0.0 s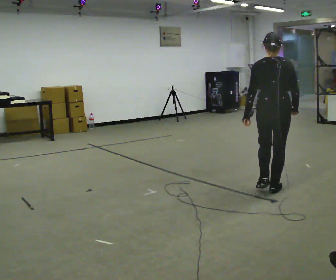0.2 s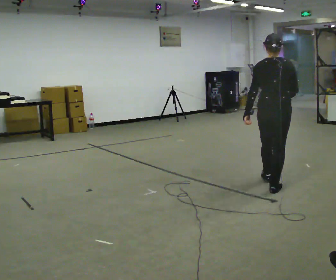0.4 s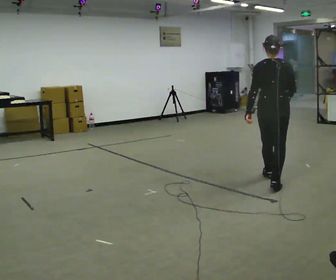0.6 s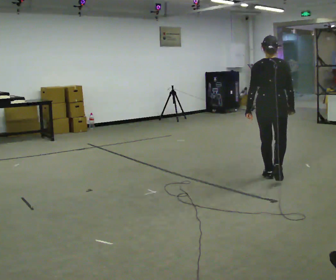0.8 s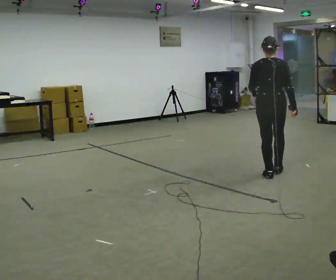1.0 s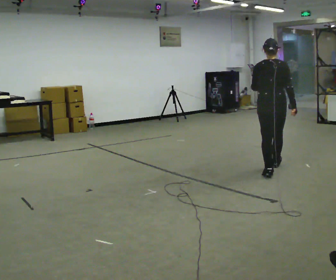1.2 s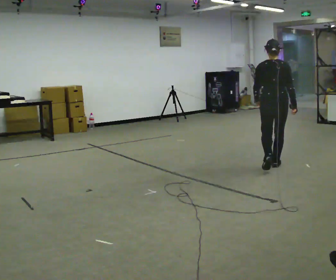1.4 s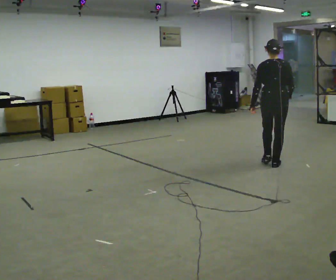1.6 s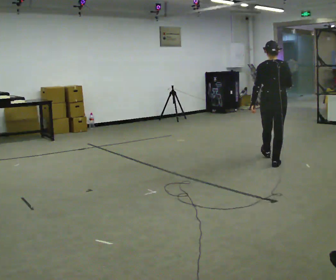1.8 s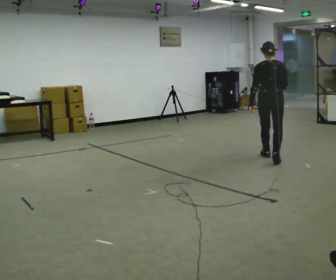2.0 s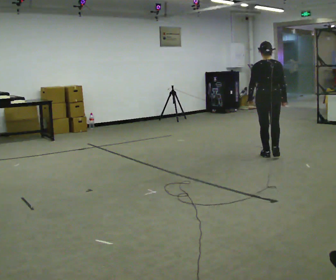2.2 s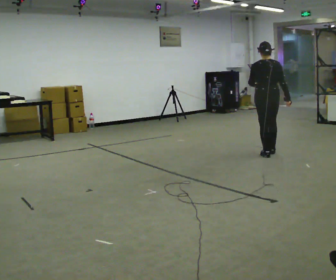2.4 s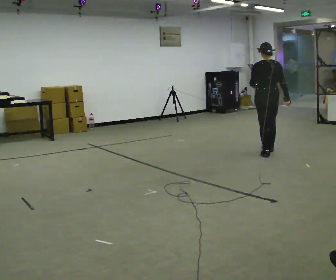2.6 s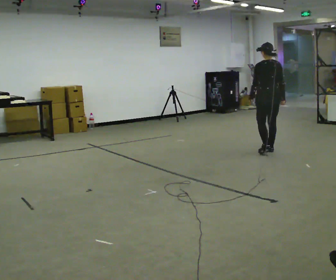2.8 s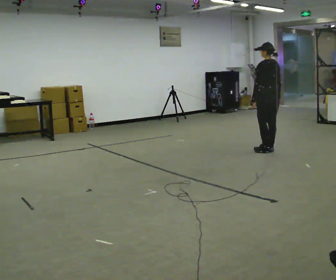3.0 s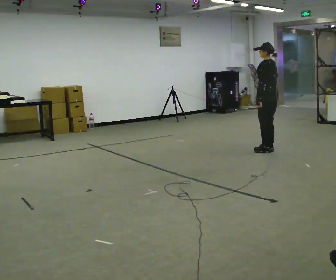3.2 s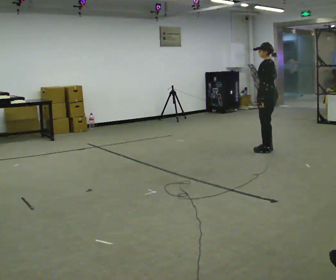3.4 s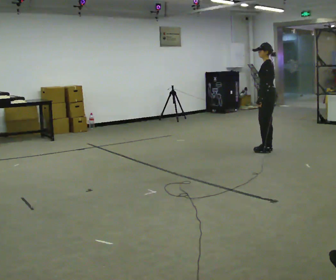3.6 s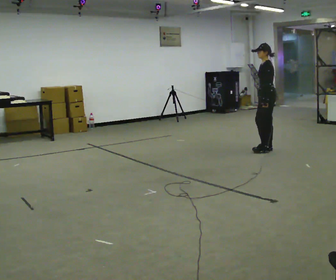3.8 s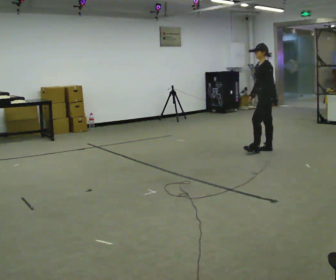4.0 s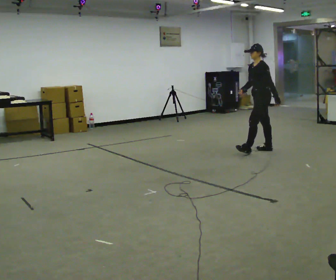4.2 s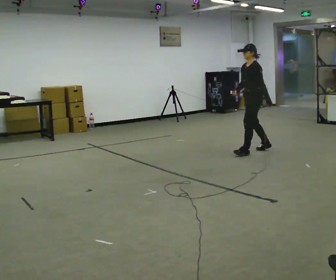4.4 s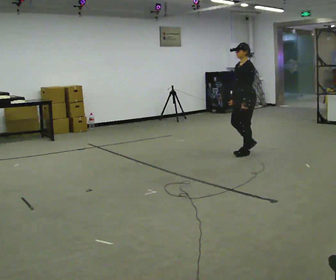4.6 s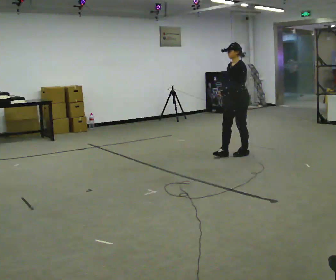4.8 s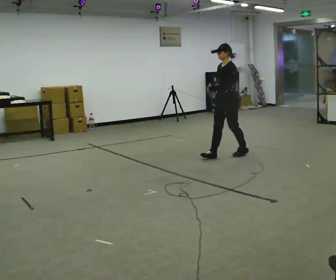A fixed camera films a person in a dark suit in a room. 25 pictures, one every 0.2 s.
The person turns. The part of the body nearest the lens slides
to the right.
The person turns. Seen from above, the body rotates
counterclockwise.
0.0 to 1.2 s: In the picture they go away from the camera, about 1 m in 2 steps, which for them is forward.
1.2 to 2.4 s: In the picture they go away from the camera, about 1 m in 2 steps, which for them is forward.
2.4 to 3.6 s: The person turns about 75 degrees to their left, counterclockwise seen from above, so the part of the body nearest the lens slides to the right. In the picture they go away from the camera, about 0.25 m in 1 step.
3.6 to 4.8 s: Seen from above the body turns counterclockwise, about 30 degrees: to their left, with its near side sliding to the right. In the picture they go to the left and toward the camera, about 0.75 m in 2 steps, which for them is forward.
The film runs forward here.
